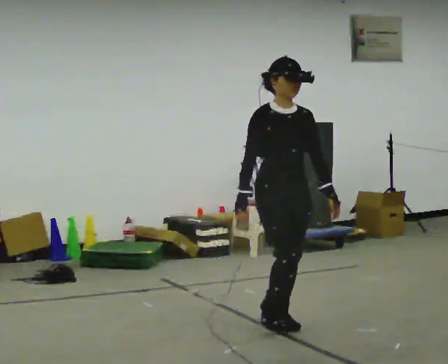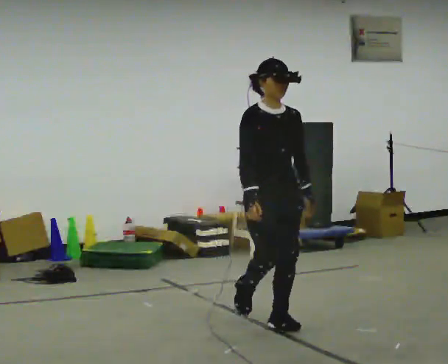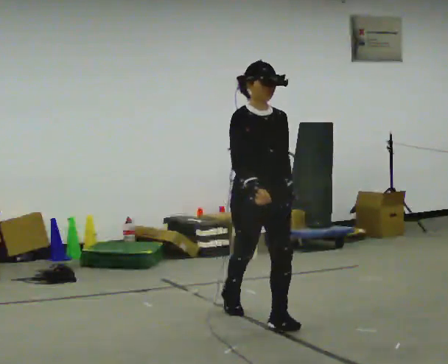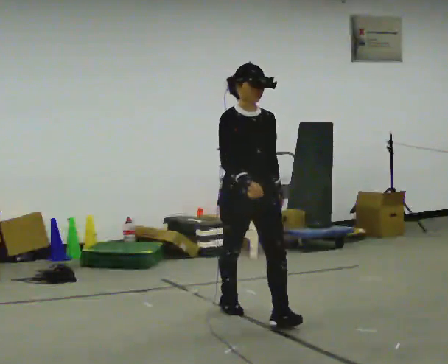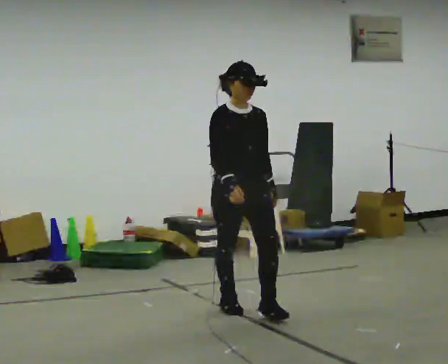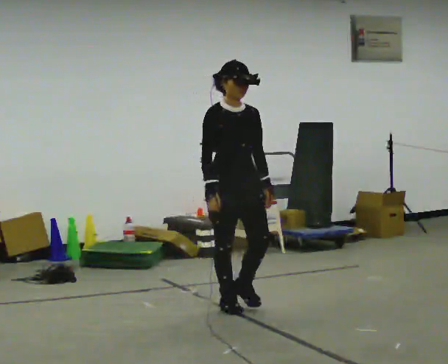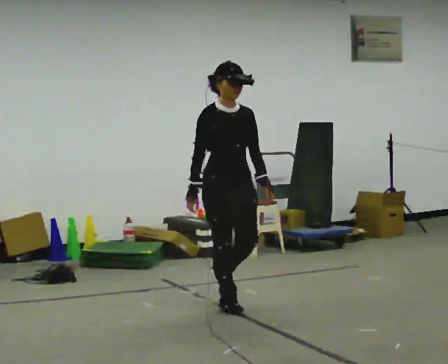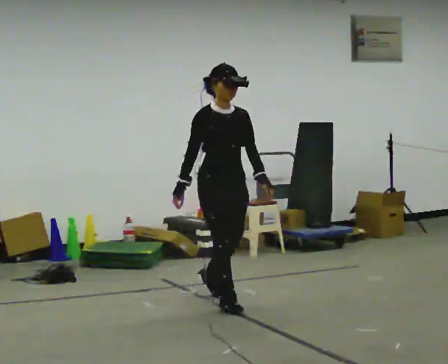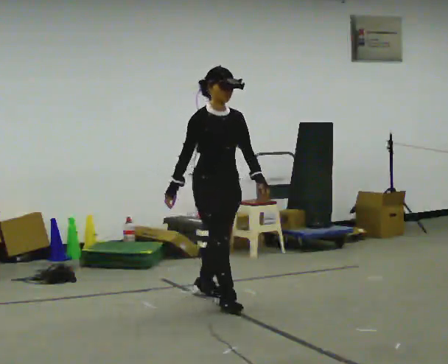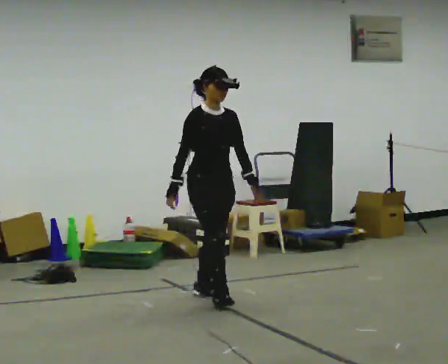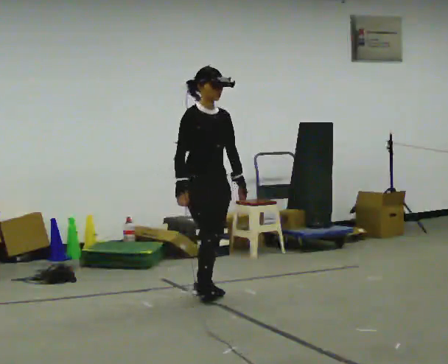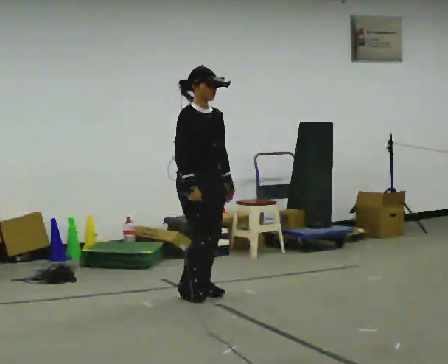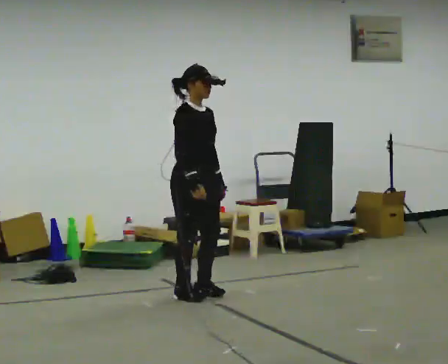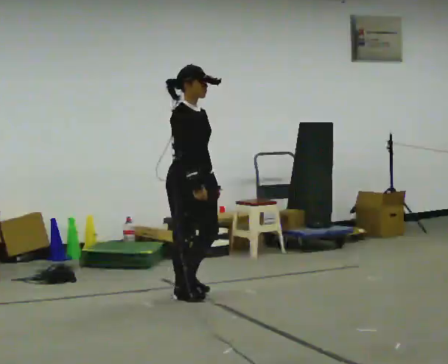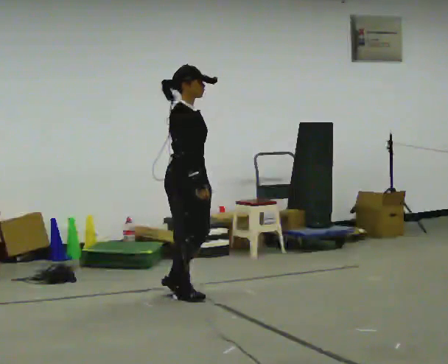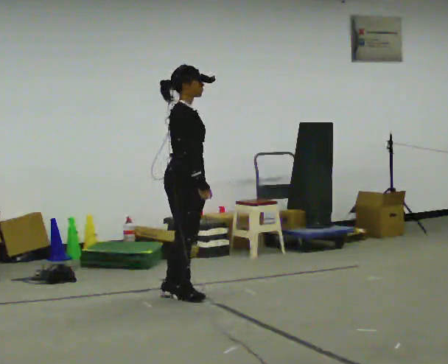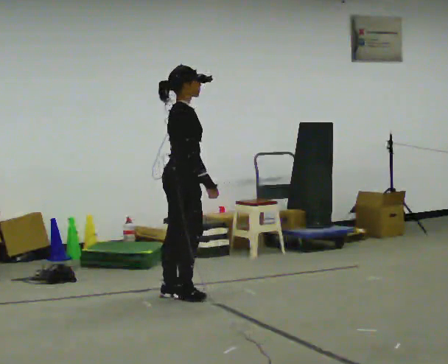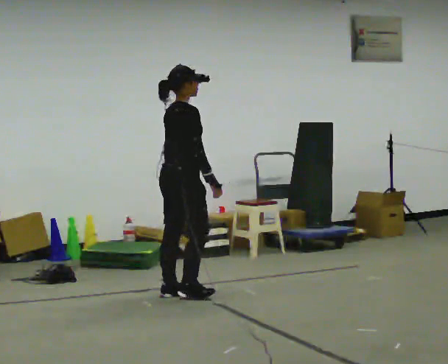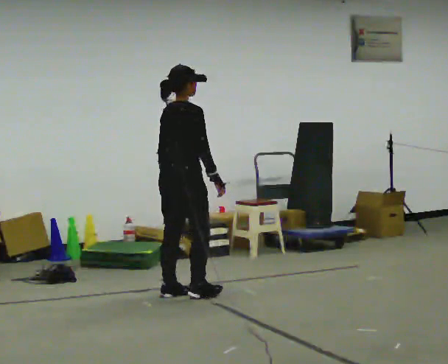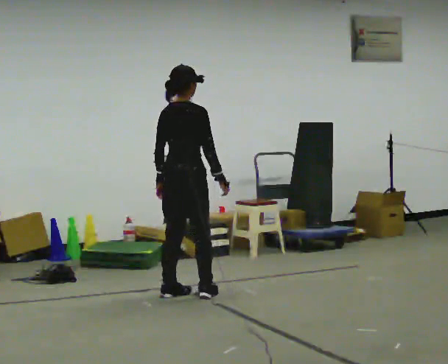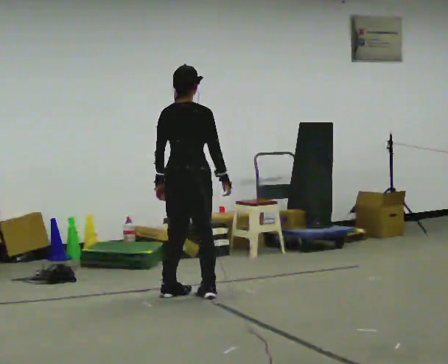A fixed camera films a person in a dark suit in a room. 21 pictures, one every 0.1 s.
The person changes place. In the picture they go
away from the camera.
The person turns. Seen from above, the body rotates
counterclockwise.
0.0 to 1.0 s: In the picture they go away from the camera and to the left, about 1 m in 2 steps, which for them is backward.
1.0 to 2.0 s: Seen from above the body turns counterclockwise, about 120 degrees: to their left, with its near side sliding to the right.
The film runs backward here.
